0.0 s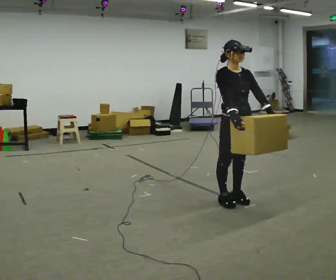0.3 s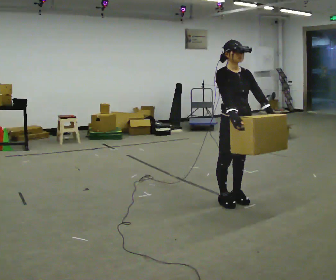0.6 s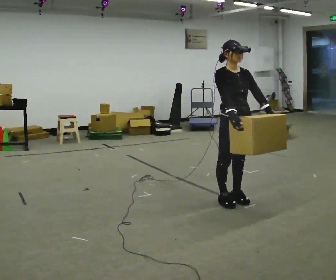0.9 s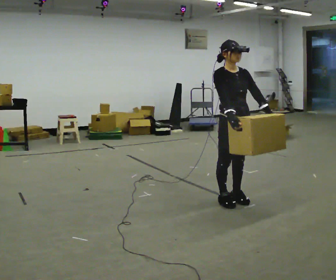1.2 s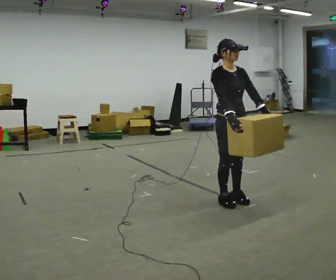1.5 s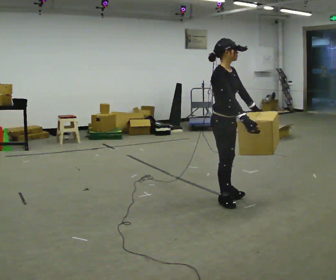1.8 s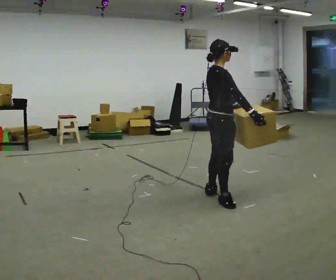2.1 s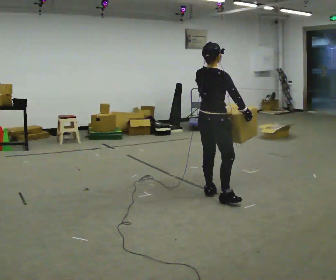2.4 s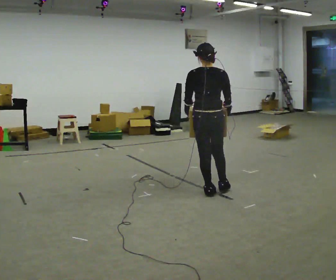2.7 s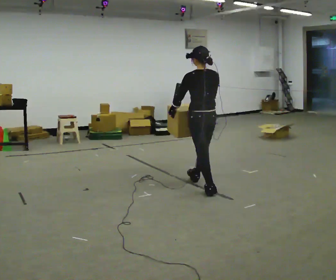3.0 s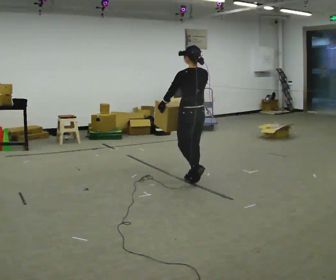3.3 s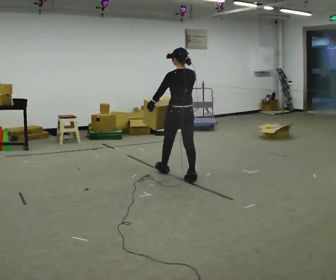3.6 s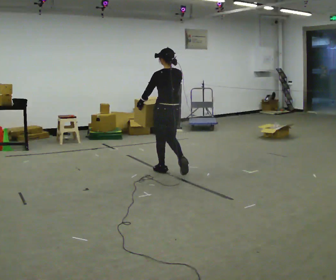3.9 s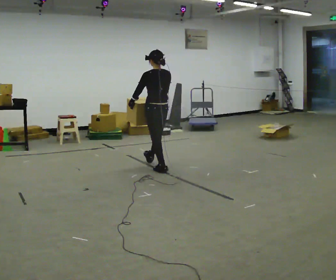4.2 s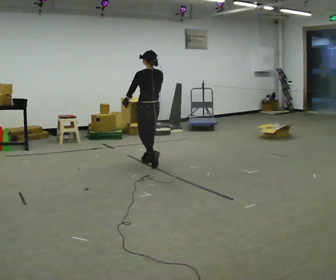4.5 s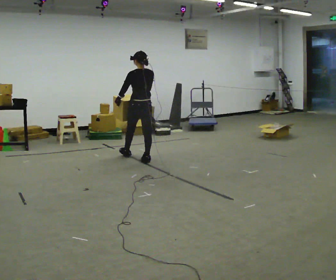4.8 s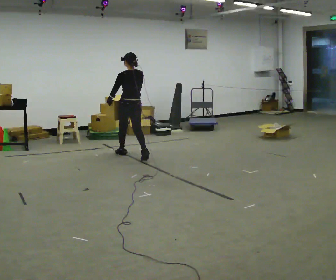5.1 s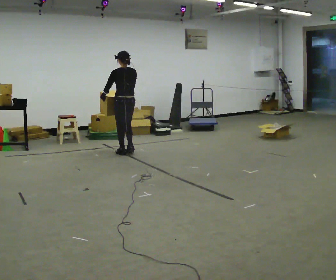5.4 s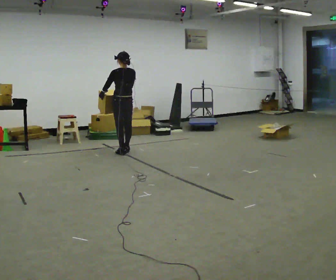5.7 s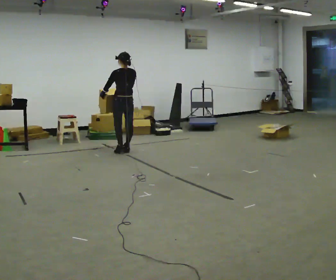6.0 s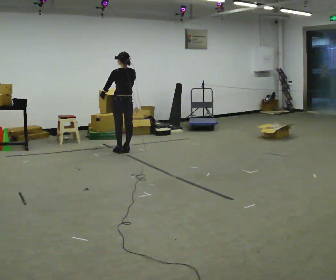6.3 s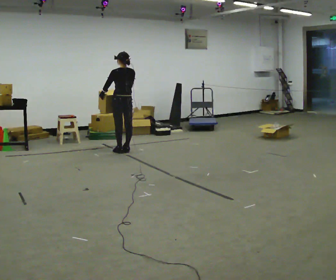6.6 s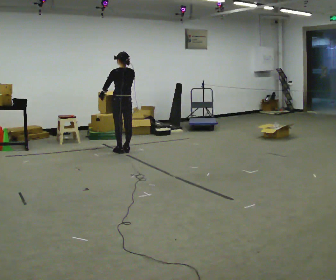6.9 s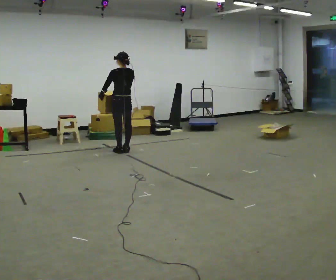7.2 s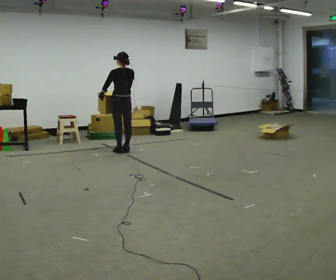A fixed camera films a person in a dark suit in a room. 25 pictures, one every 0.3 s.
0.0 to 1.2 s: The person moves a little, or ends about where they began.
1.2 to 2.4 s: The person turns about 135 degrees to their left, counterclockwise seen from above, so the part of the body nearest the lens slides to the right. In the picture they go away from the camera and to the left, about 0.25 m in 1 step.
2.4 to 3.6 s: The person turns about 30 degrees to their left, counterclockwise seen from above, so the part of the body nearest the lens slides to the right. In the picture they go away from the camera and to the left, about 1 m in 2 steps, which for them is forward.
3.6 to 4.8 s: In the picture they go away from the camera and to the left, about 1 m in 2 steps, which for them is forward.
4.8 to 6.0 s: In the picture they go away from the camera and to the left, about 0.5 m in 2 steps, which for them is forward.
6.0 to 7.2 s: The person keeps their place and pose.
The film runs forward here.
